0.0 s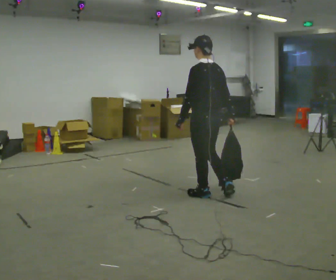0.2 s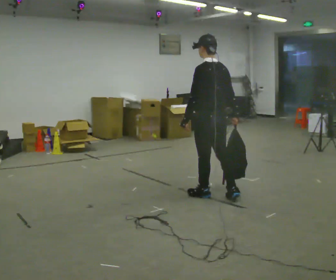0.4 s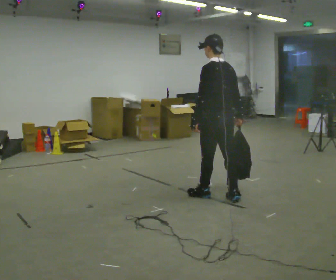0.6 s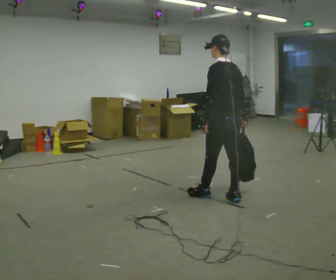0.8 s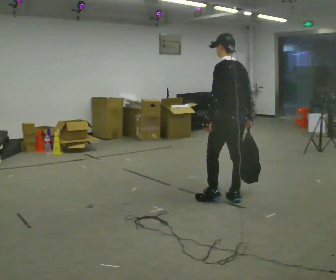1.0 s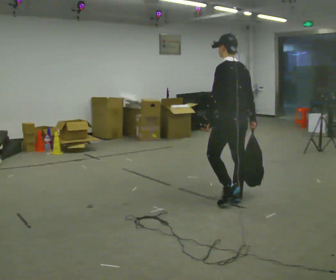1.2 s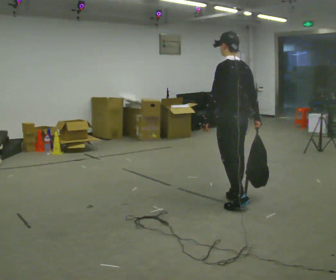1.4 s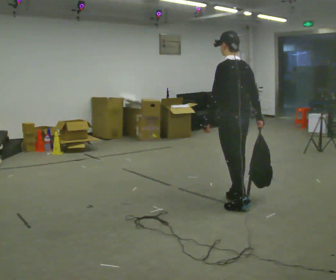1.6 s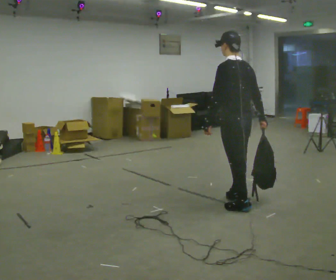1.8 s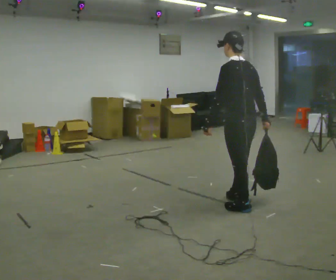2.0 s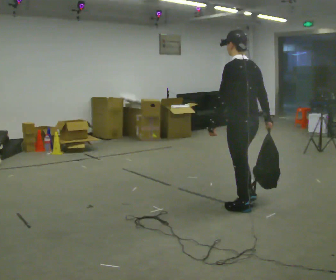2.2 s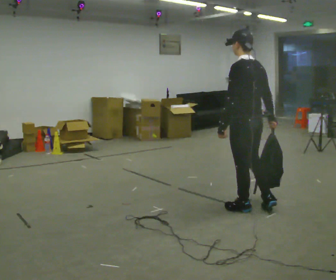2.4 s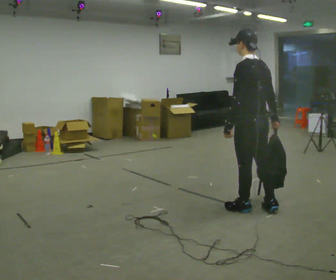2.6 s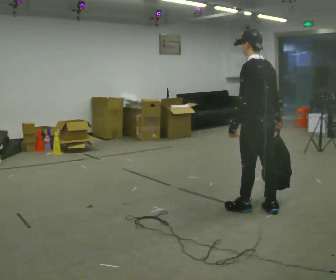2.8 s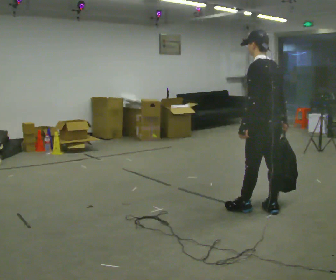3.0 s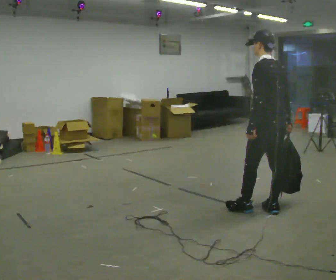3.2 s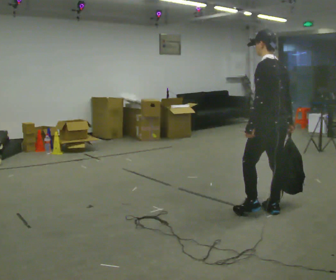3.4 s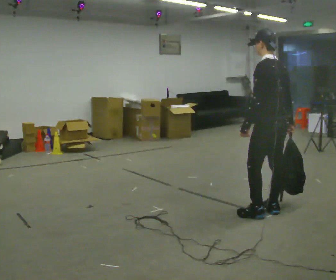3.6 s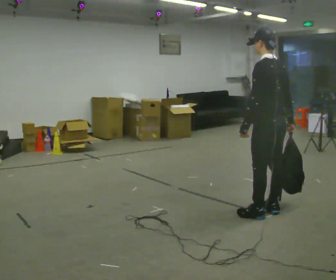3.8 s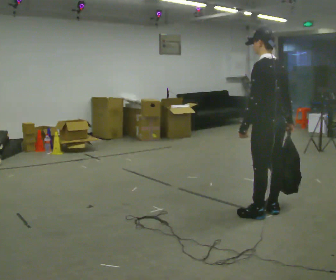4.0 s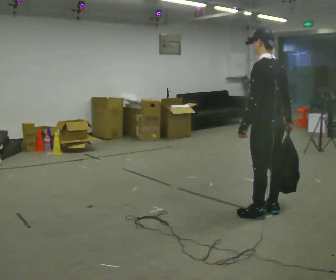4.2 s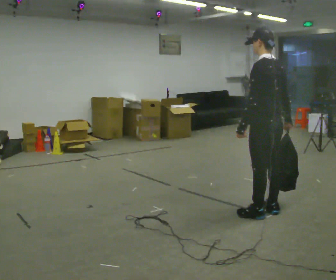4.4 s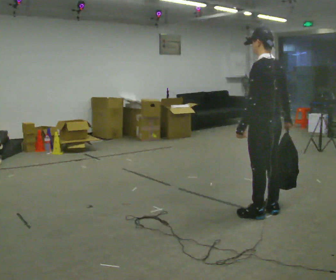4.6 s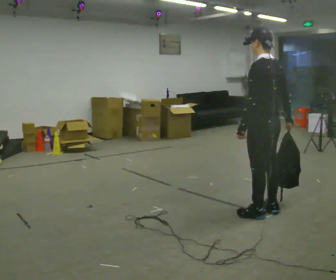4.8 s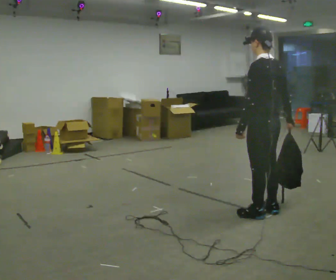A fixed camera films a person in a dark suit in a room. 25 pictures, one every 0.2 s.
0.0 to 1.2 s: In the picture they go to the right and toward the camera, about 0.25 m in 1 step, which for them is backward.
1.2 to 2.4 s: In the picture they go toward the camera and to the right, about 0.25 m in 1 step, which for them is backward.
2.4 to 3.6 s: In the picture they go to the right, about 0.25 m in 1 step, which for them is backward.
3.6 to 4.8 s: The person moves a little, or ends about where they began.
The film runs backward here.
